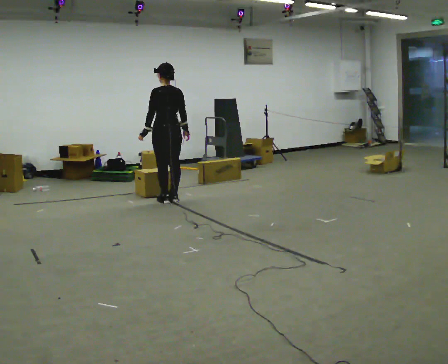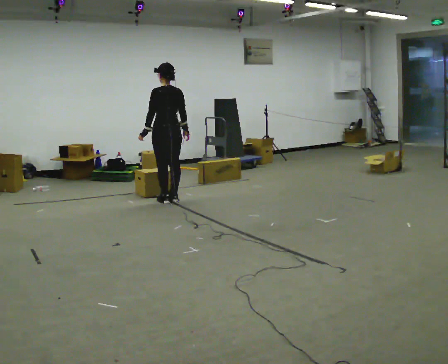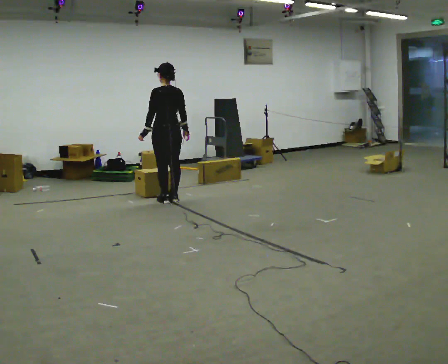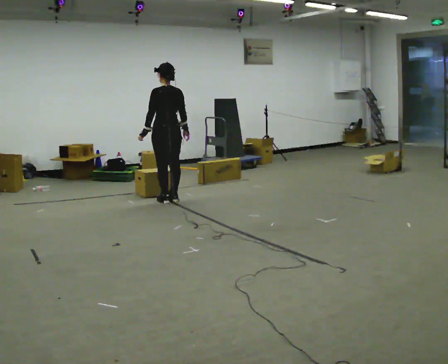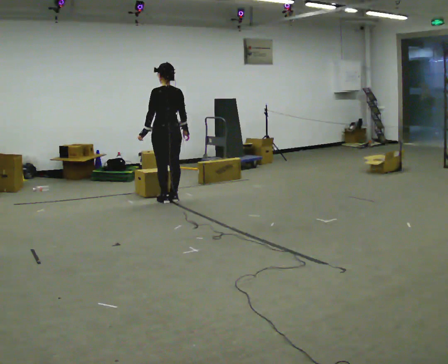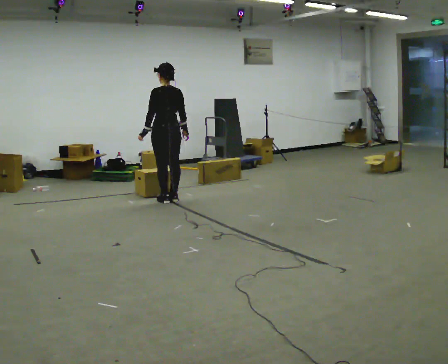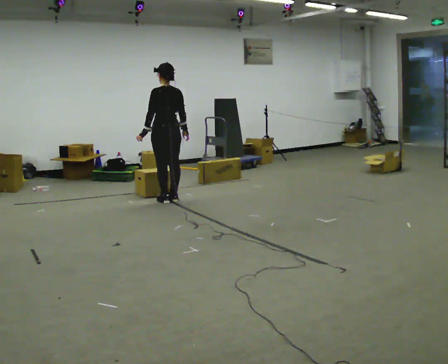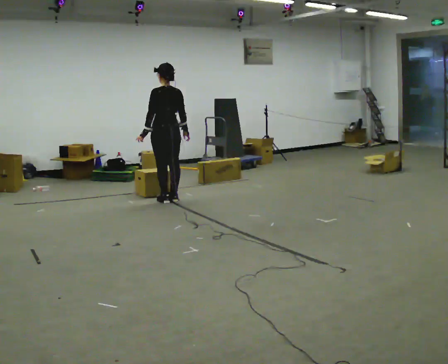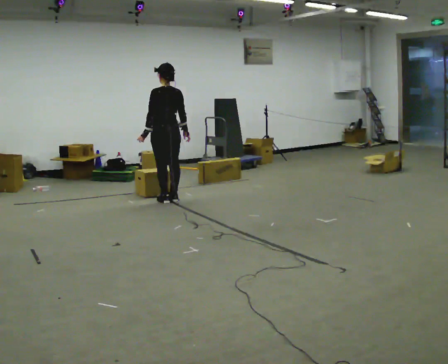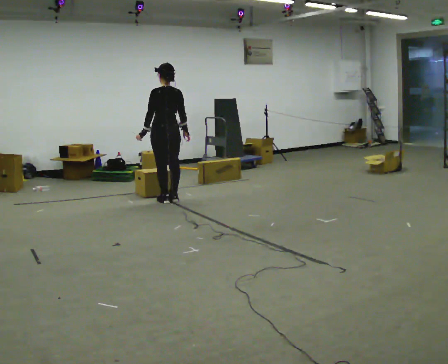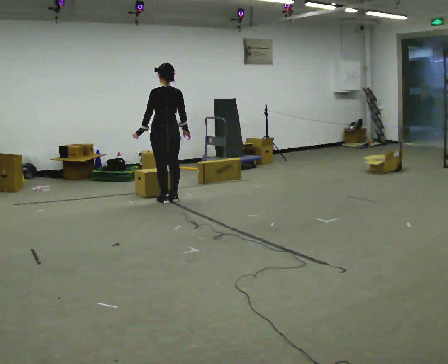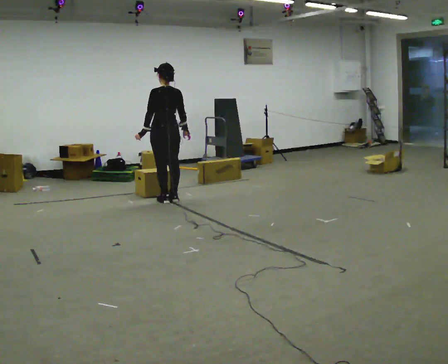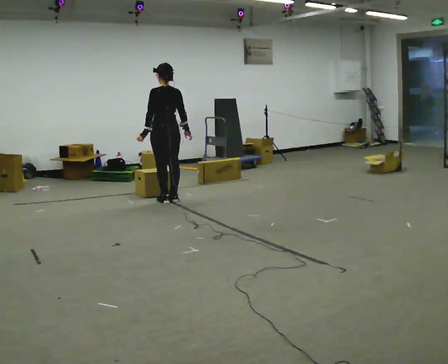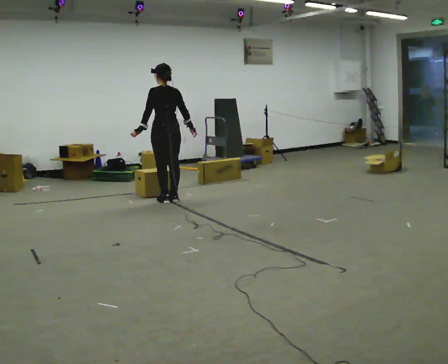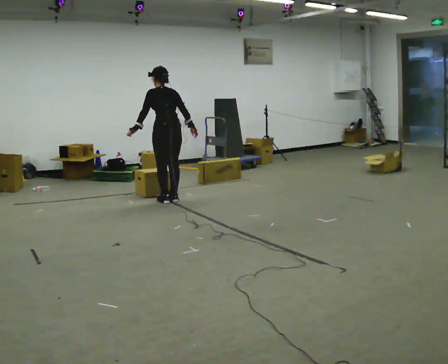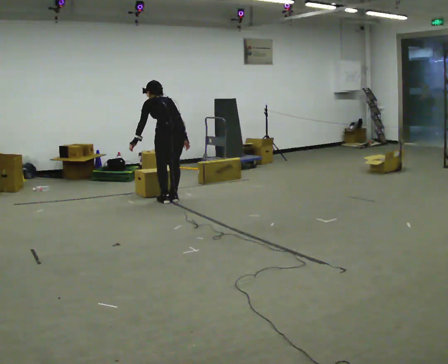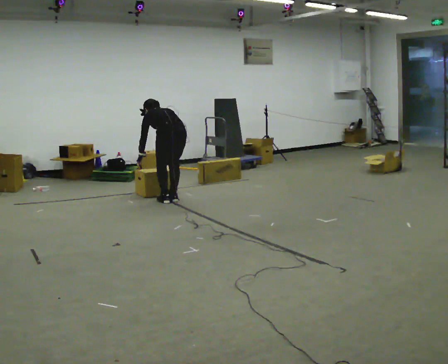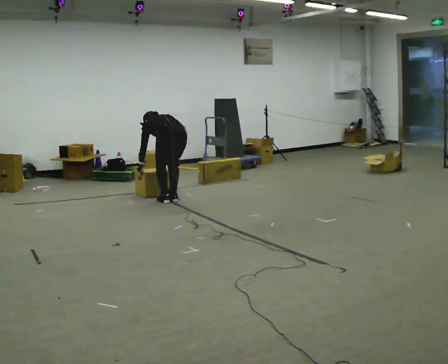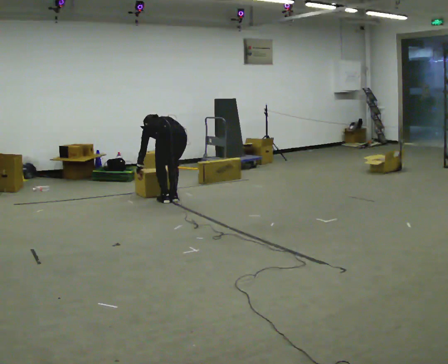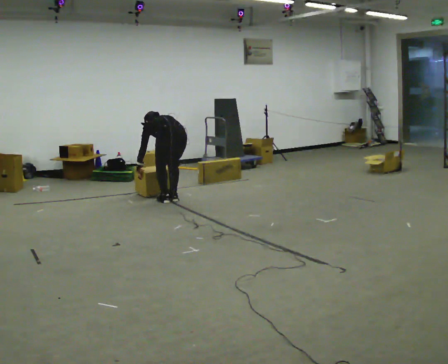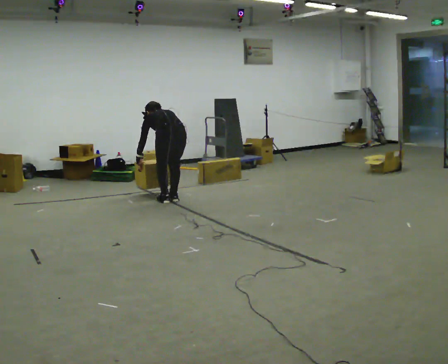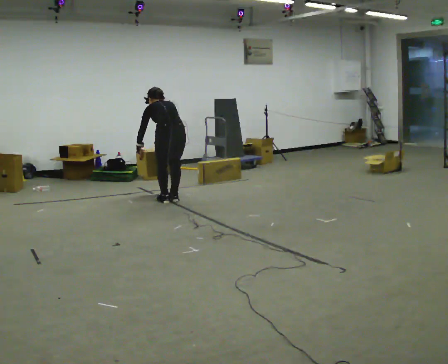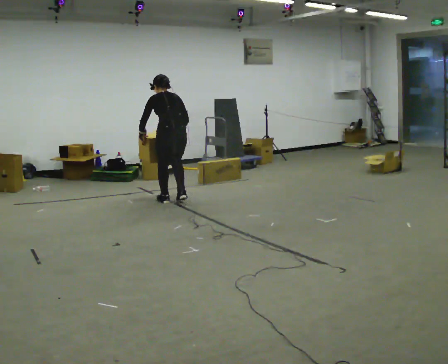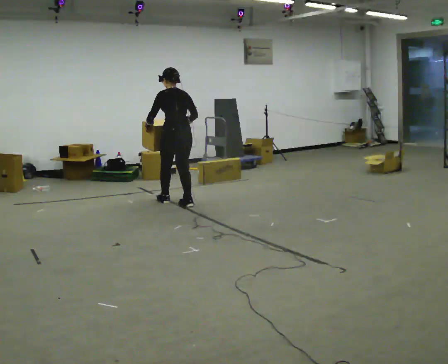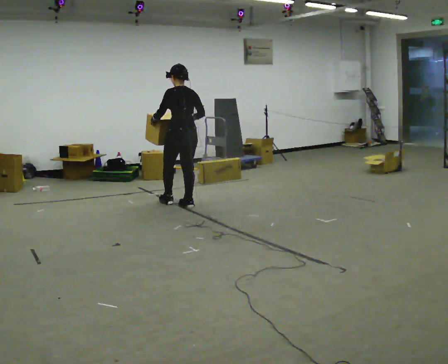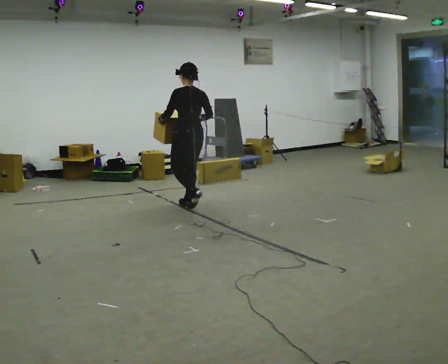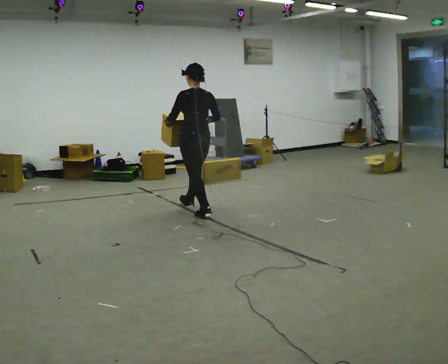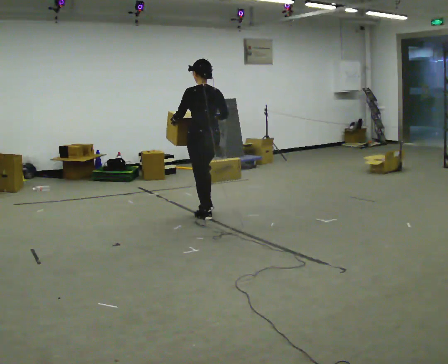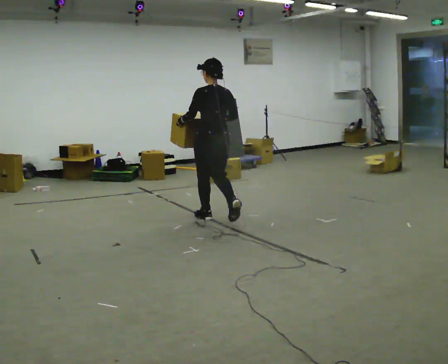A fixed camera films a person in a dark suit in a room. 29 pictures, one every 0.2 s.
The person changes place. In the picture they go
toward the camera.
0.0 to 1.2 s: The person keeps their place and pose.
1.2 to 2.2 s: The person moves a little, or ends about where they began.
2.2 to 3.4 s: In the picture they go toward the camera, about 0.25 m, which for them is backward. The upper body goes downward. The upper body tips away from the camera, its near side rolling upward, as they bend forward. In the picture their right hand goes downward.
3.4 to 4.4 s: The upper body goes upward. The upper body tips toward the camera, its near side rolling downward, as they lean back or straighten. In the picture their left hand goes upward.
4.4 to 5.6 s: In the picture they go toward the camera and to the right, about 1 m in 2 steps, which for them is backward. The upper body tips toward the camera, its near side rolling downward, as they lean back or straighten.
The film runs backward here.
